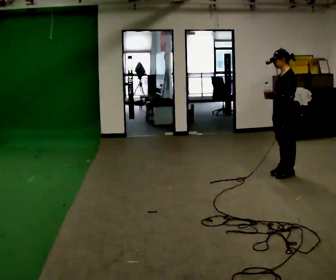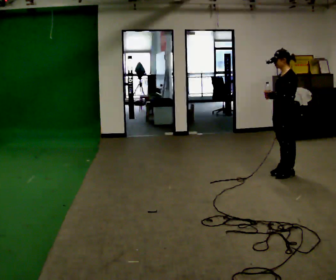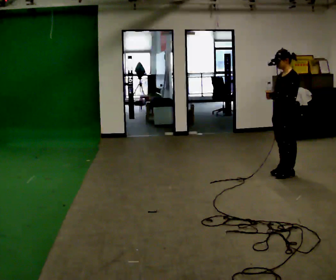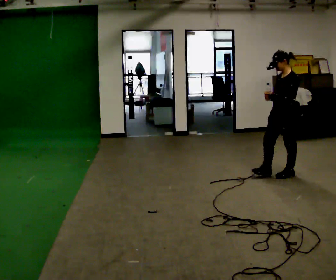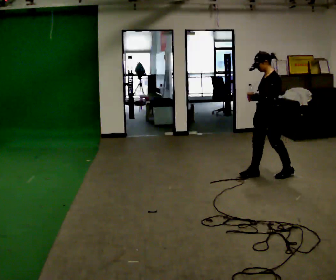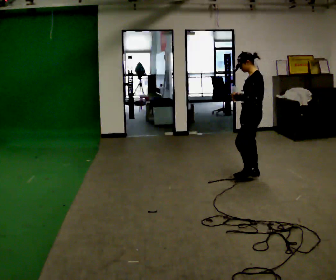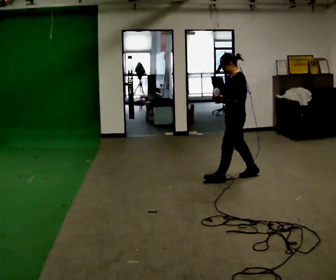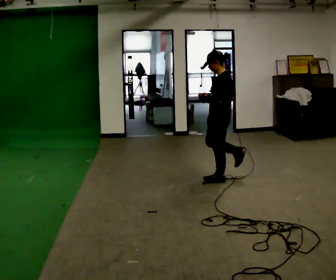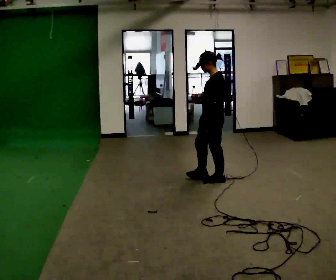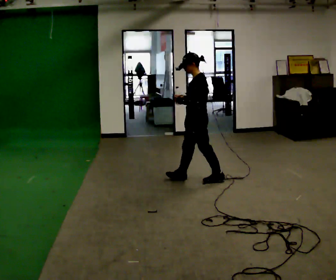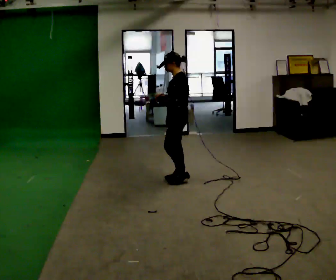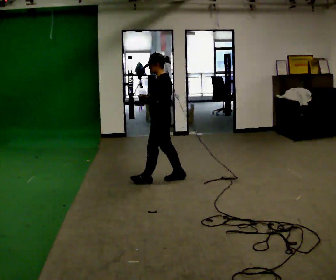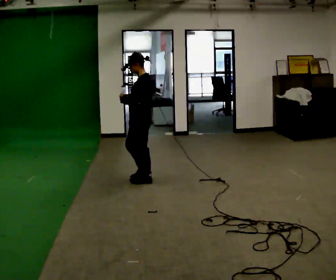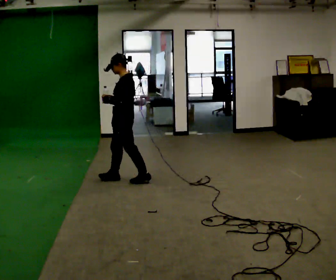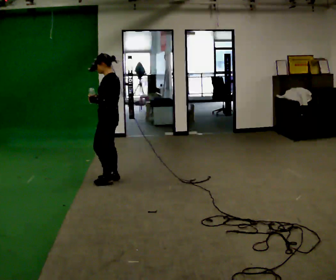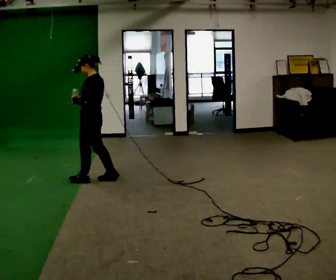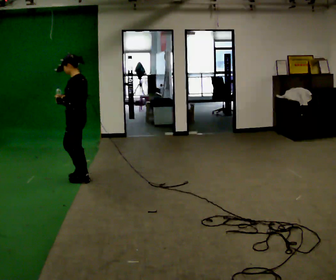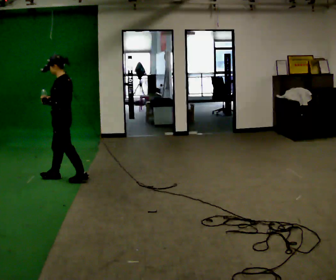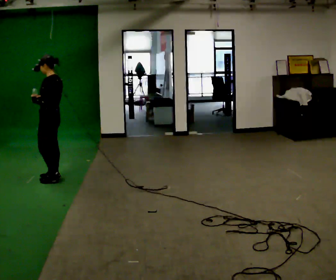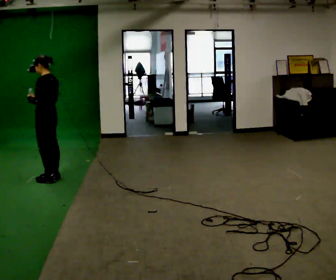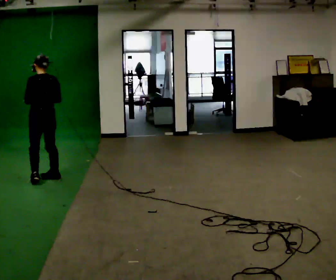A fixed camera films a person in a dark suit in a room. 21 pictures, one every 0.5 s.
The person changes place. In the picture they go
to the left.
0.0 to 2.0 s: In the picture they go to the left, about 0.25 m in 1 step, which for them is forward.
2.0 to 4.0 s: In the picture they go to the left, about 0.5 m in 1 step, which for them is forward.
4.0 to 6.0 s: In the picture they go to the left, about 1 m in 2 steps, which for them is forward.
6.0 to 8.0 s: In the picture they go to the left, about 0.5 m in 2 steps, which for them is forward.
8.0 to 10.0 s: Seen from above the body turns clockwise, about 45 degrees: to their right, with its near side sliding to the left. In the picture they go to the left, about 0.5 m in 2 steps, which for them is forward.
The film runs forward here.
